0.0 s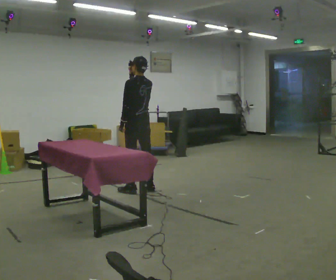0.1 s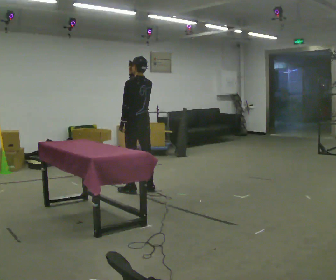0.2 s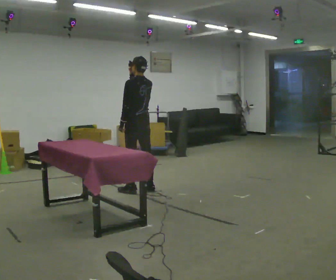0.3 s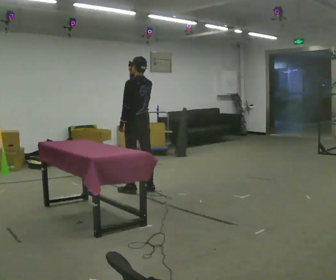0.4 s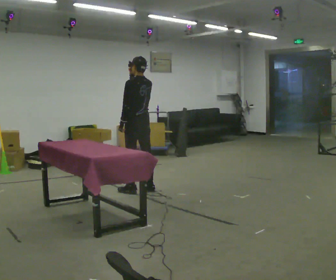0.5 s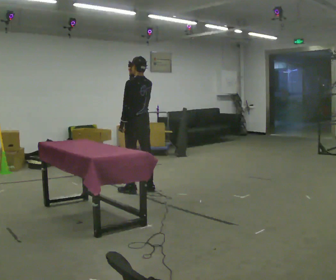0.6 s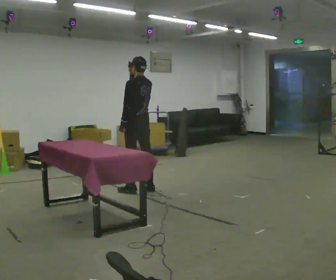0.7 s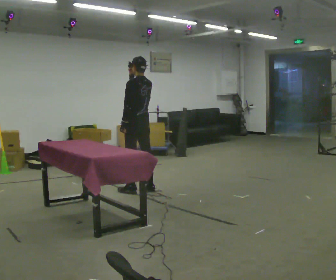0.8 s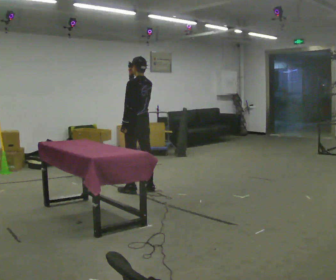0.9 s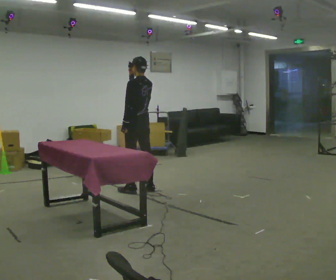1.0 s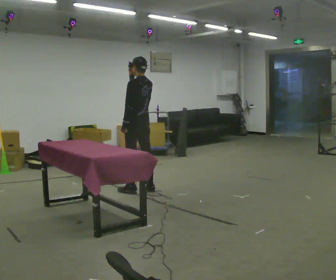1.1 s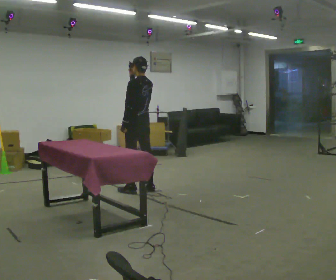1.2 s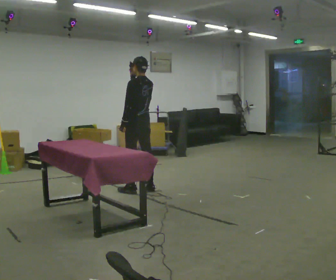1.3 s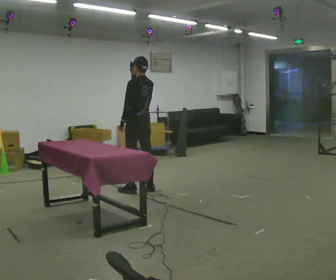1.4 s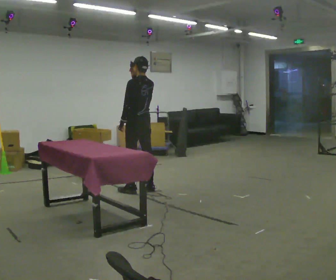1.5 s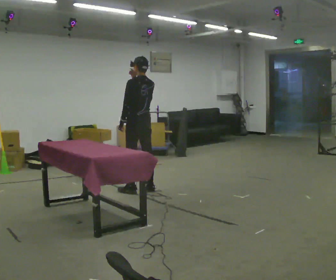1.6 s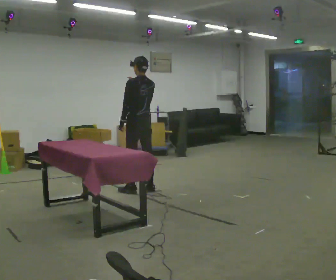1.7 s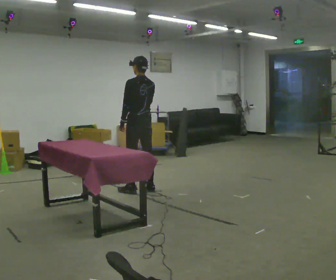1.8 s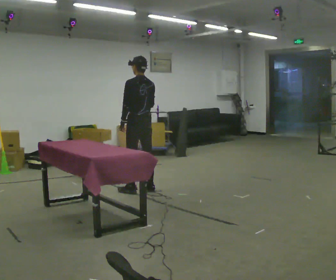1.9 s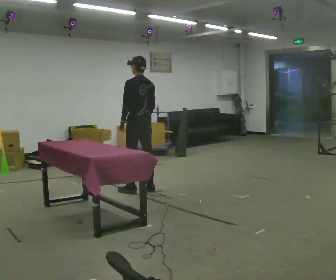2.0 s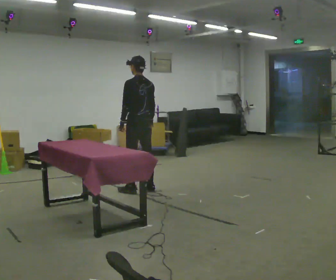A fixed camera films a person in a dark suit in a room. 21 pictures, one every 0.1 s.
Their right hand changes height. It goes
downward.
0.0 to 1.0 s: The person moves a little, or ends about where they began.
1.0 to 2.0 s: In the picture their right hand goes downward.
The film runs backward here.
